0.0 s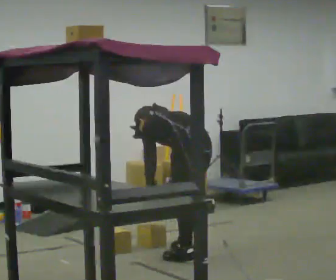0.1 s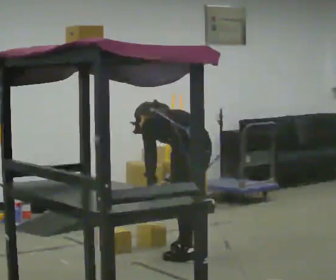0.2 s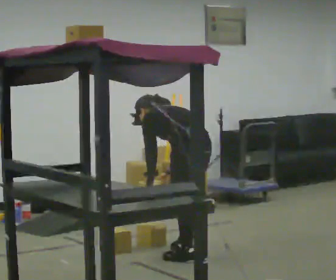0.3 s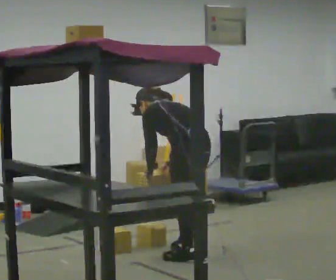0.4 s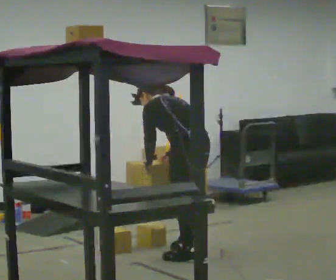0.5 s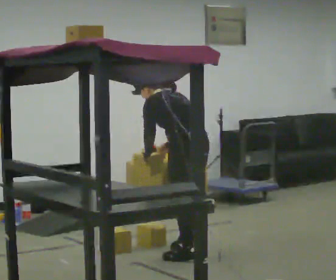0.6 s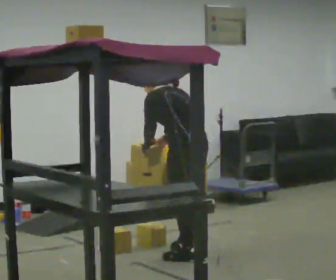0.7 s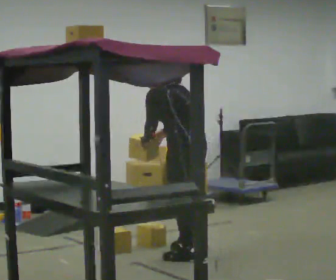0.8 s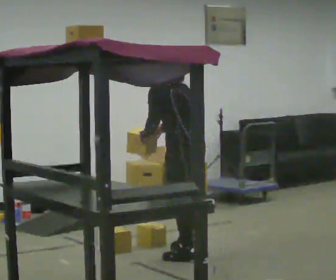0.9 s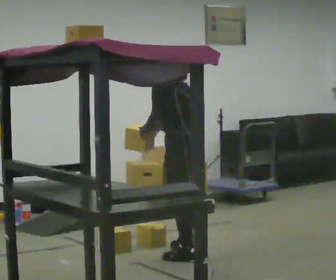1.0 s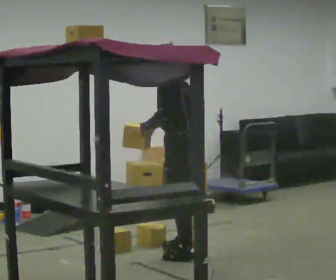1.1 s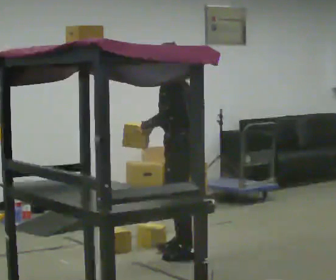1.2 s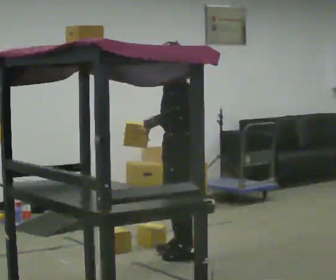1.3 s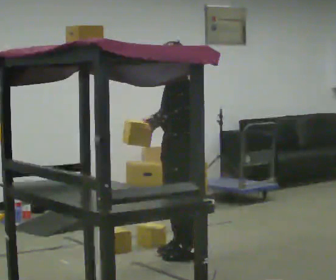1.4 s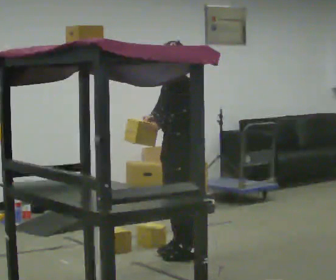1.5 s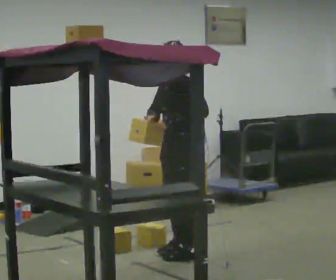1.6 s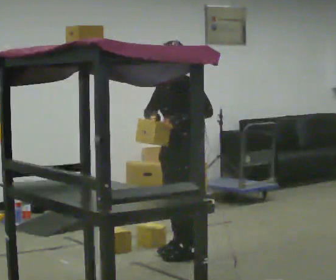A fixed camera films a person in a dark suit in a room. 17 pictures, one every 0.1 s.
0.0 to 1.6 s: The person turns about 90 degrees to their left, counterclockwise seen from above, so the part of the body nearest the lens slides to the right. The shoulders move upward. The upper body tips toward the camera, its near side rolling downward, as they lean back or straighten. In the picture their right hand goes upward.
The film runs forward here.
